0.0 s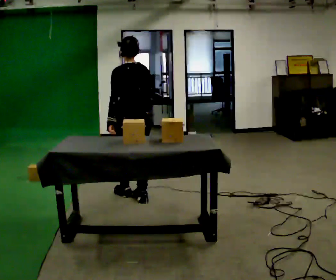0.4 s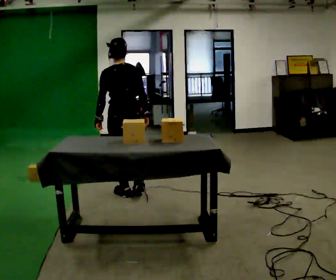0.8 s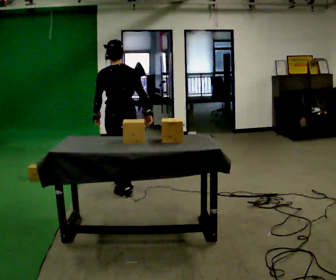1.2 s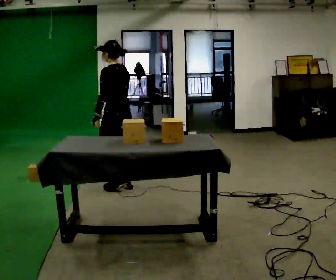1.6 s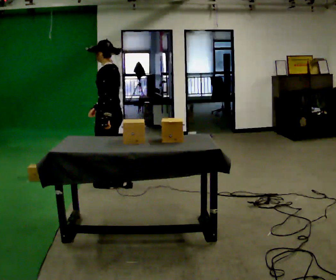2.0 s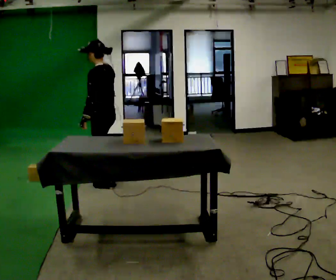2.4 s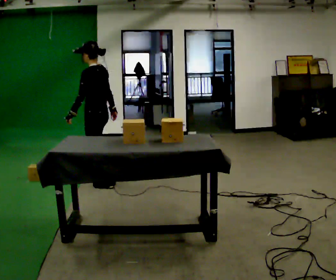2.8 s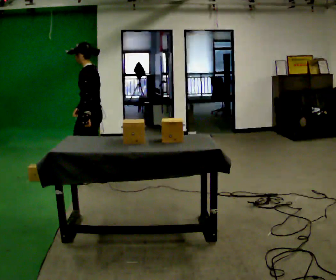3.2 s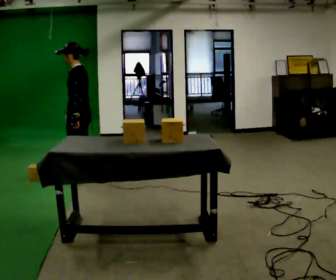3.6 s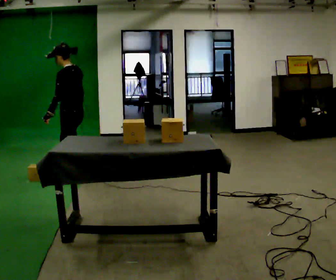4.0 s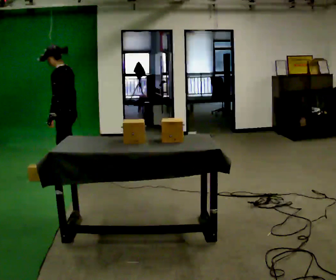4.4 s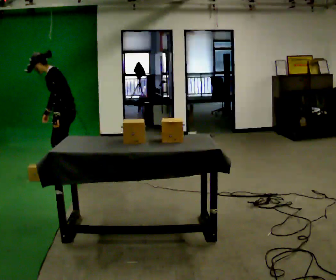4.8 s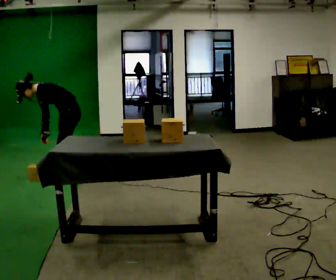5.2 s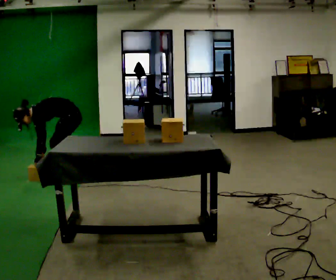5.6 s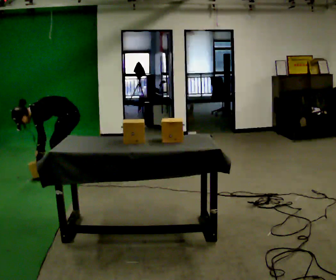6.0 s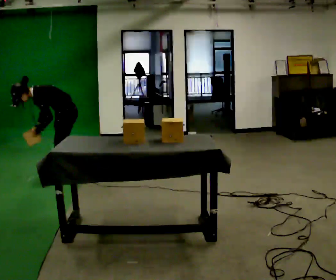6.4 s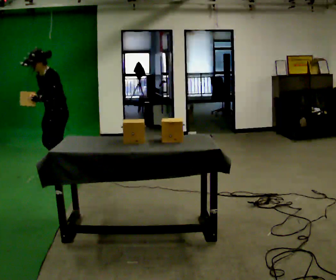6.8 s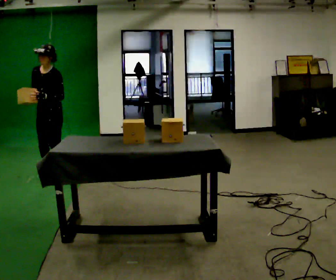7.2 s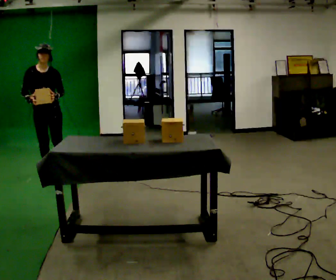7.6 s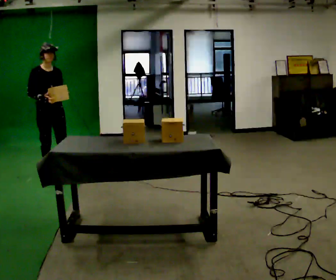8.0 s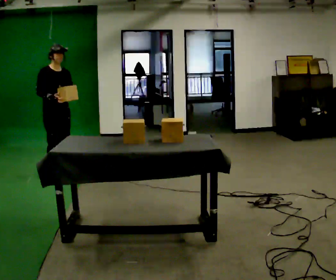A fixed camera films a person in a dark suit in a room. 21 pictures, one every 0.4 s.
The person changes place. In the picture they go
away from the camera.
The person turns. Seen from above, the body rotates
counterclockwise.
0.0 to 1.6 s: The person turns about 45 degrees to their left, counterclockwise seen from above, so the part of the body nearest the lens slides to the right. In the picture they go away from the camera, about 0.5 m in 3 steps, which for them is forward.
1.6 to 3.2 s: In the picture they go to the left and away from the camera, about 0.5 m in 2 steps, which for them is forward.
3.2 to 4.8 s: In the picture they go away from the camera, about 0.25 m in 2 steps, which for them is to their right and forward. The upper body goes downward. In the picture the upper body tilts counterclockwise, shoulders to the left, as they bend forward. In the picture their right hand goes to the left and downward.
4.8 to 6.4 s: In the picture they go to the left, about 0.25 m, which for them is forward. In the picture their right hand goes upward.
6.4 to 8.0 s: The person turns about 90 degrees to their left, counterclockwise seen from above, so the part of the body nearest the lens slides to the right.
The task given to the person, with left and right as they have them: Pick an object up off the floor at one end of the room, carry it across, and place it on the waist-height shelf at the other end. Keep going until the operator says stop; one object at a time, and do not rush between trips.
The film runs forward here.
